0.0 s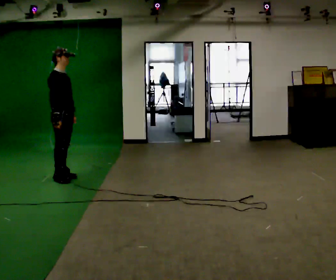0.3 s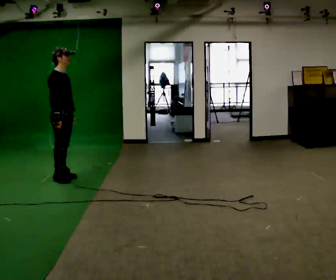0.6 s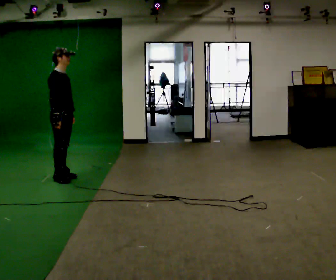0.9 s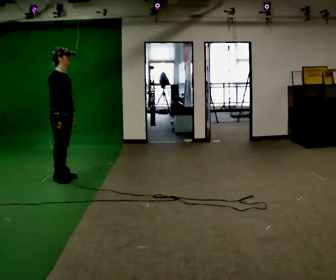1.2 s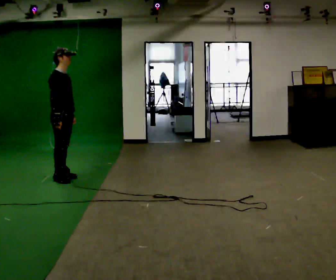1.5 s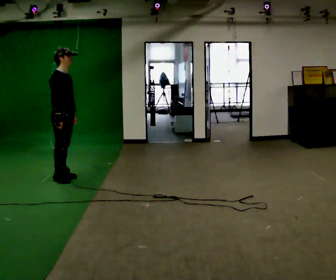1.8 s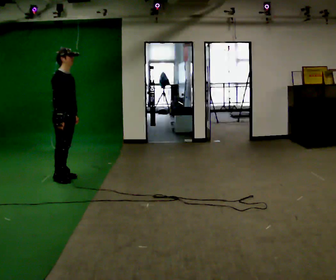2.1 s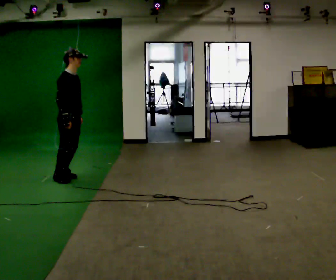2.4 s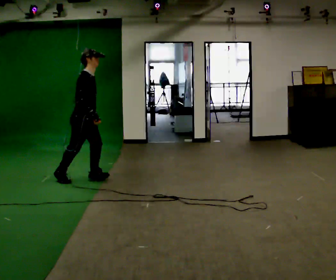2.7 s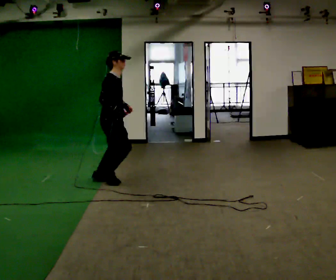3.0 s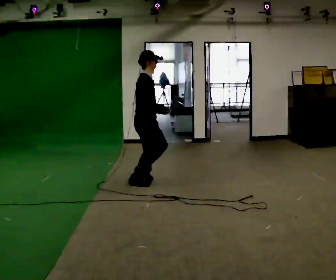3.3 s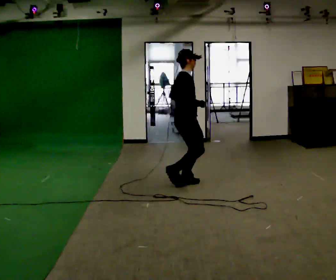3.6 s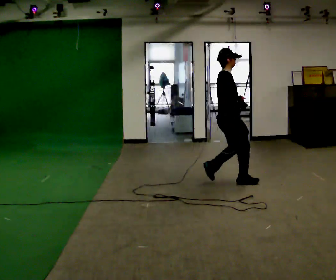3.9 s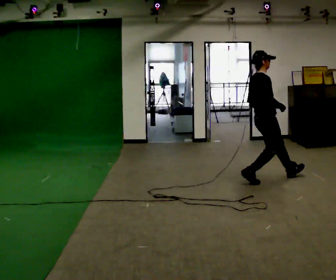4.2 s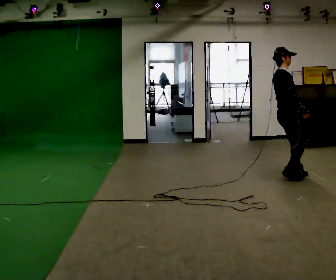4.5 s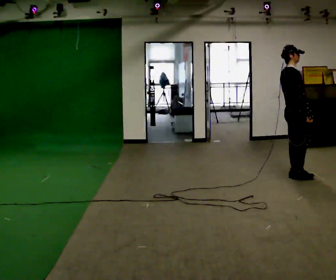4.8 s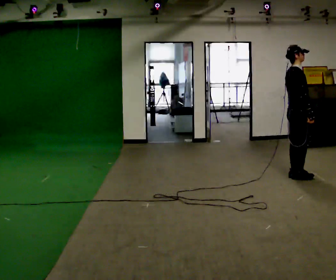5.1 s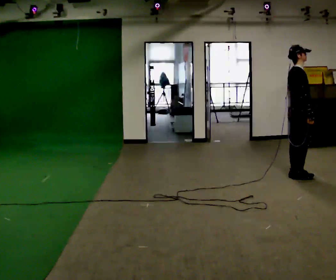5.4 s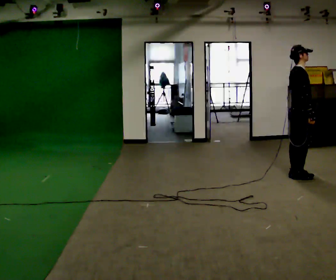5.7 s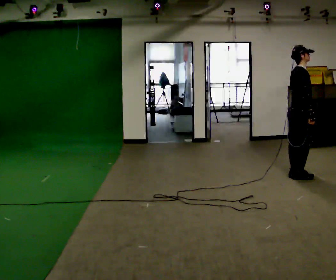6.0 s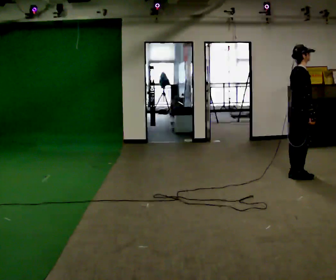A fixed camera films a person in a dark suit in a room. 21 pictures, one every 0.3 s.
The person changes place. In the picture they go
to the right.
0.0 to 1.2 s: The person keeps their place and pose.
1.2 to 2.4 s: In the picture they go to the right, about 0.25 m, which for them is forward.
2.4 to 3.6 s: In the picture they go to the right, about 2 m in 3 steps, which for them is forward. In the picture the upper body tilts counterclockwise, shoulders to the left, as they lean back or straighten.
3.6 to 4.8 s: In the picture they go to the right, about 1 m in 3 steps, which for them is forward.
4.8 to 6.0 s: The person moves a little, or ends about where they began.
The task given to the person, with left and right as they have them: Run, then stop as quickly as is comfortable at the marker and stand still.
The film runs forward here.
